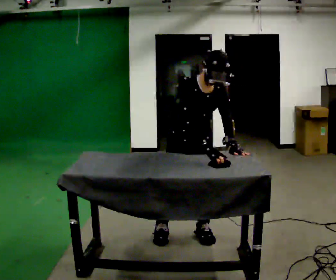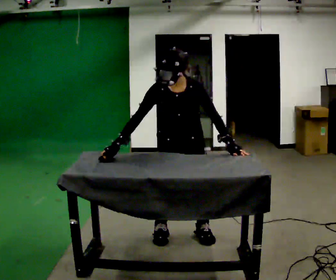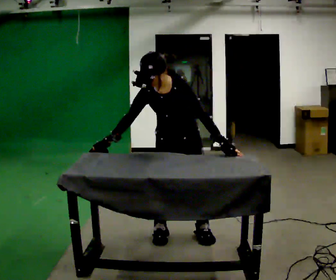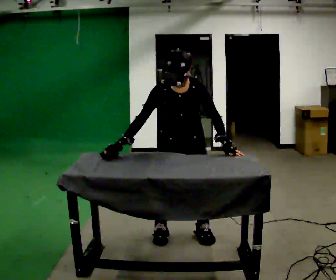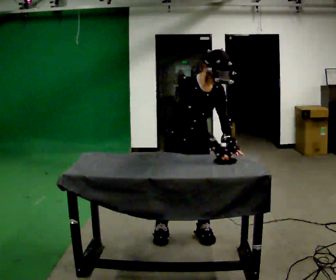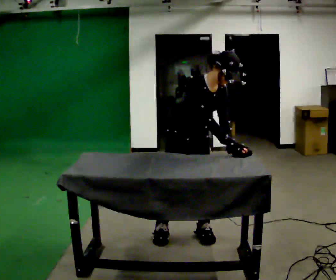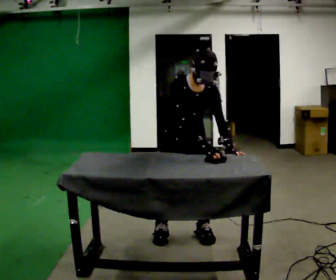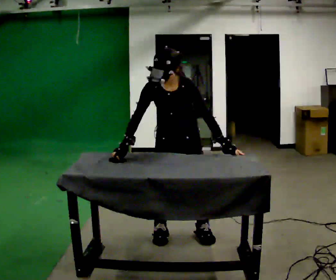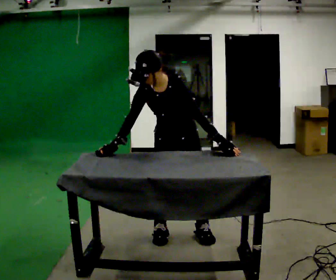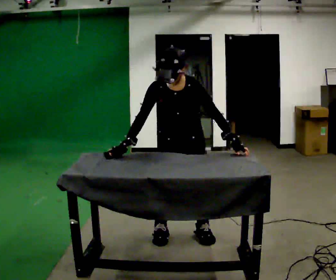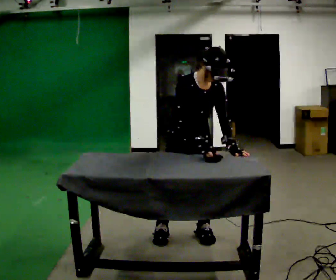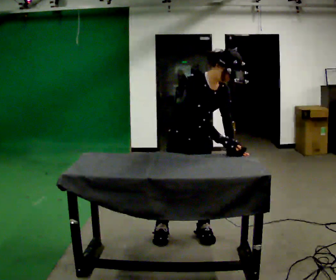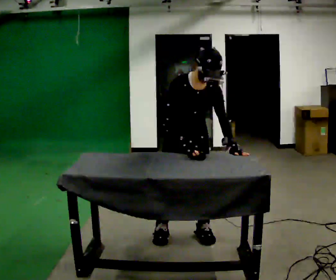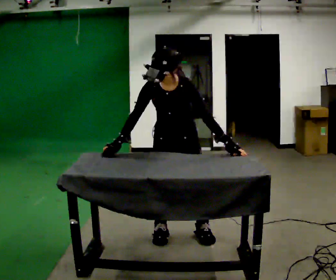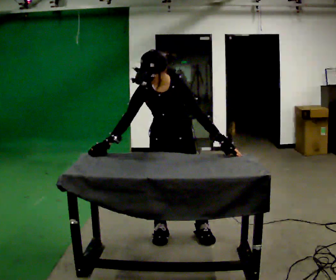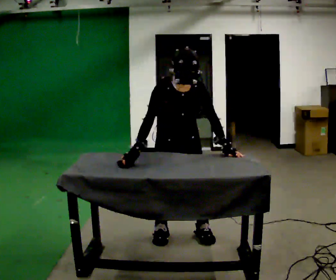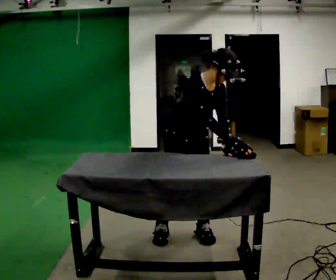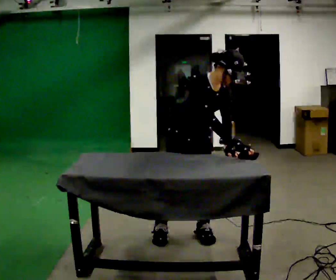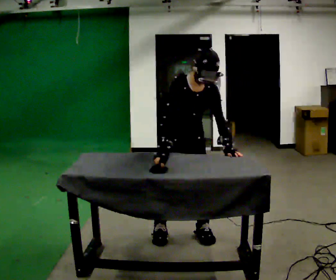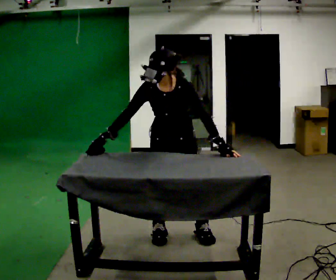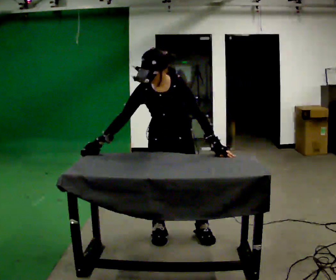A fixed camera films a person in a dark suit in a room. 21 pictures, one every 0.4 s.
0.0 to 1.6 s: The person moves a little, or ends about where they began.
1.6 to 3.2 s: The part of the body nearest the lens slides to the left as the person turns to their right by about 45 degrees. In the picture the upper body tilts counterclockwise, shoulders to the left. In the picture their right hand goes to the left, the arm swinging clockwise.
3.2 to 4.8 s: The part of the body nearest the lens slides to the right as the person turns to their left by about 30 degrees. In the picture their right hand goes to the right.
4.8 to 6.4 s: In the picture their right hand goes to the right.
6.4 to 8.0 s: Seen from above the body turns clockwise, about 45 degrees: to their right, with its near side sliding to the left. In the picture the upper body tilts counterclockwise, shoulders to the left. In the picture their right hand goes to the left, the arm swinging clockwise.
The film runs forward here.
